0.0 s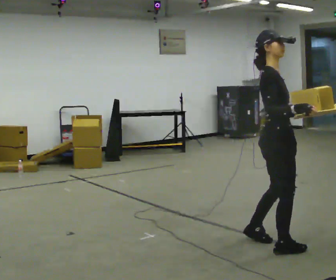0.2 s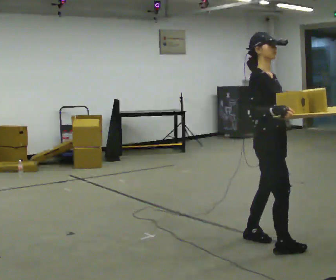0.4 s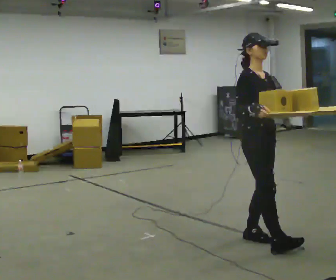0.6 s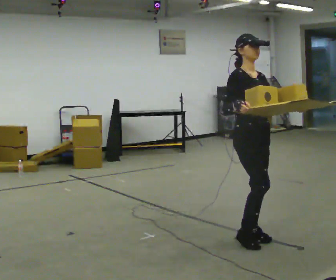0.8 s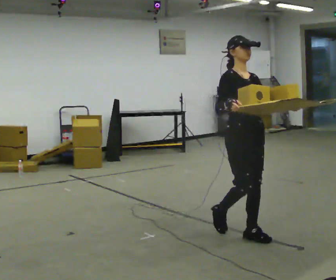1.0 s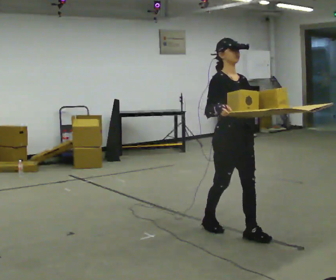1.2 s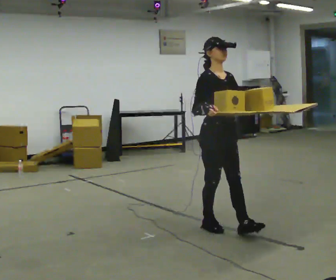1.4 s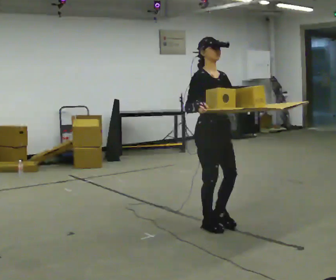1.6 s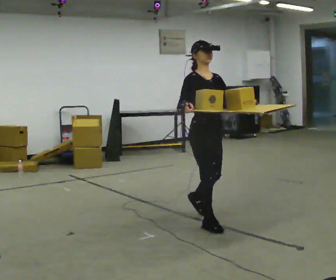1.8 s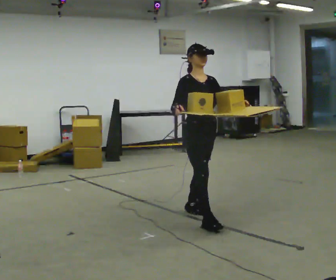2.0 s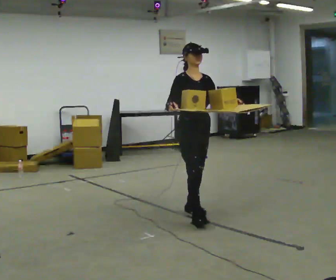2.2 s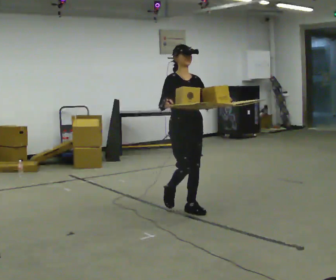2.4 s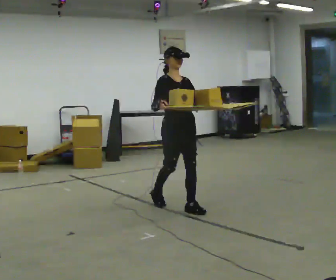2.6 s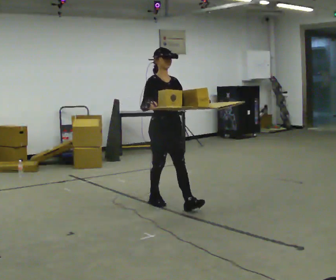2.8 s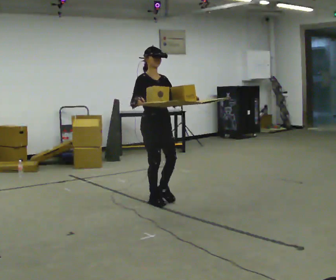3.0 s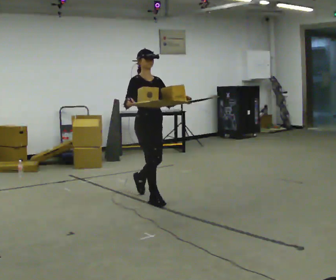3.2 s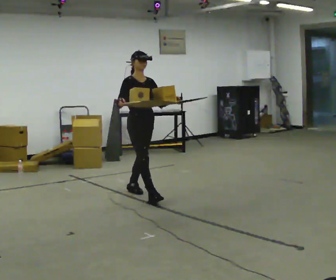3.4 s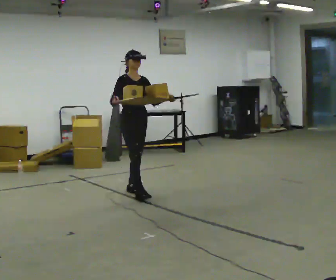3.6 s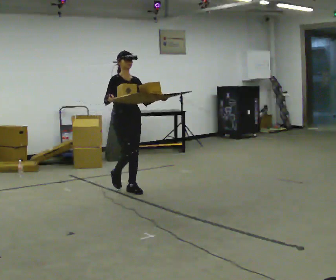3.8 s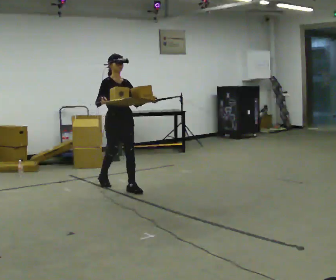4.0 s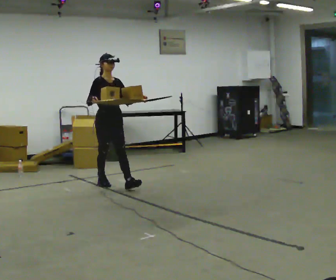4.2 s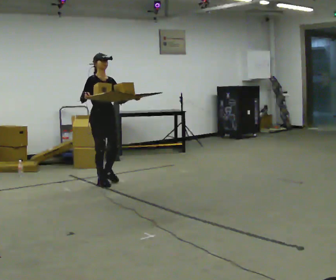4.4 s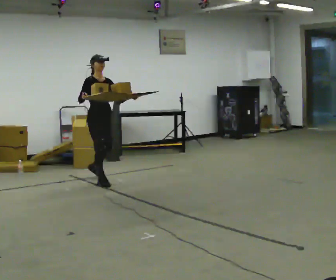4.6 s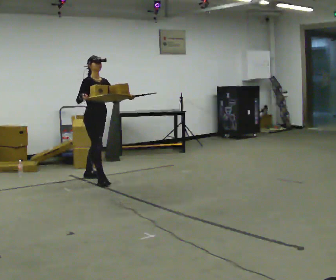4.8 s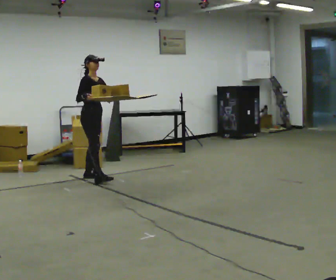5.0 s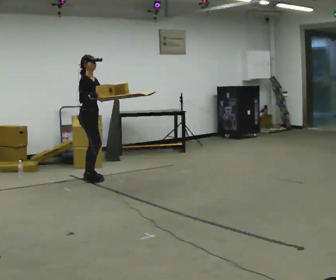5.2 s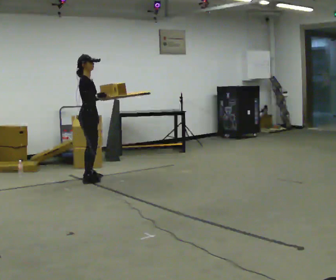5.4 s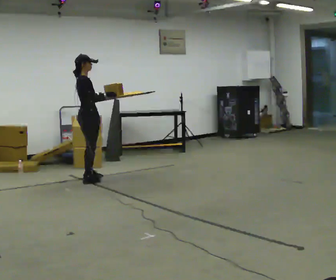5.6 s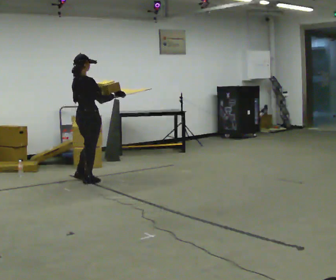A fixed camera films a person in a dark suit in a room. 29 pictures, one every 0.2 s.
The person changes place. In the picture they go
away from the camera.
0.0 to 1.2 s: The person turns about 45 degrees to their right, clockwise seen from above, so the part of the body nearest the lens slides to the left. In the picture they go away from the camera and to the left, about 0.5 m in 2 steps, which for them is backward.
1.2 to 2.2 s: In the picture they go away from the camera, about 0.75 m in 1 step, which for them is backward.
2.2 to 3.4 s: In the picture they go away from the camera and to the left, about 1 m in 2 steps, which for them is backward.
3.4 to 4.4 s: In the picture they go away from the camera and to the left, about 0.5 m in 1 step, which for them is backward.
4.4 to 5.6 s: The person turns about 90 degrees to their left, counterclockwise seen from above, so the part of the body nearest the lens slides to the right. In the picture they go to the left, about 0.25 m in 1 step. In the picture their right hand goes to the right.
The film runs backward here.
